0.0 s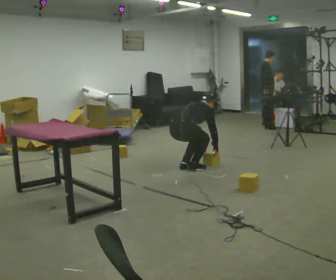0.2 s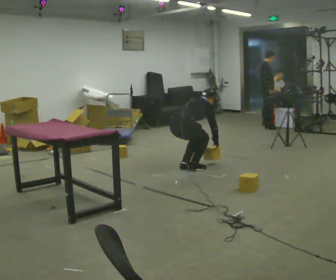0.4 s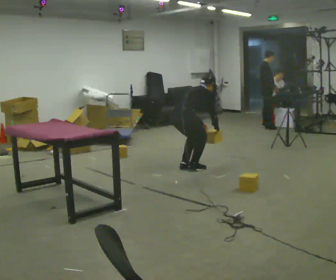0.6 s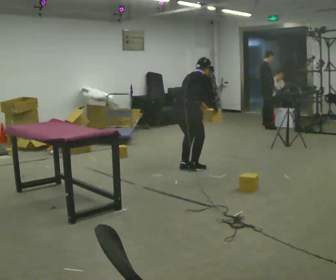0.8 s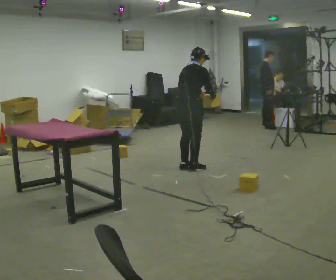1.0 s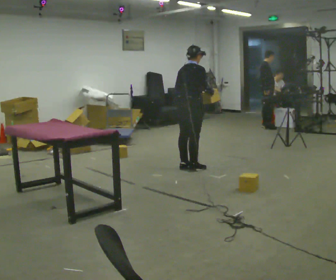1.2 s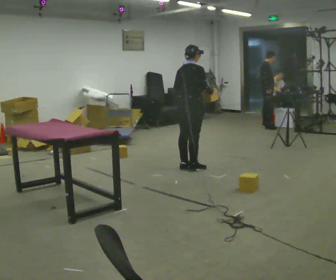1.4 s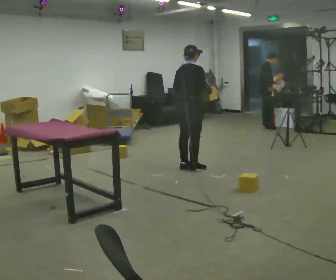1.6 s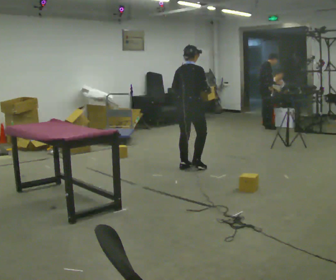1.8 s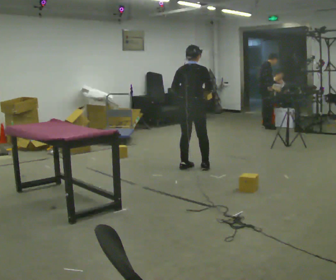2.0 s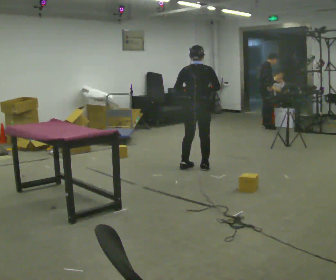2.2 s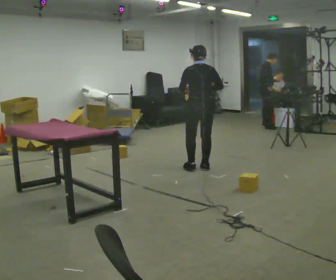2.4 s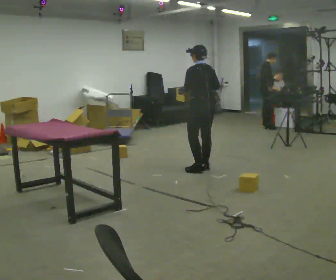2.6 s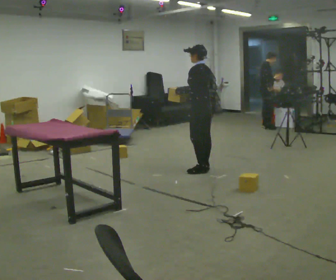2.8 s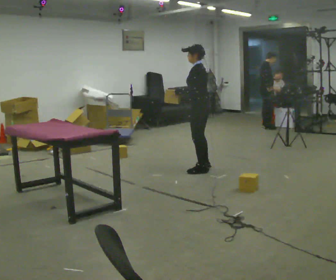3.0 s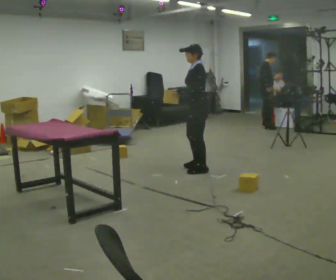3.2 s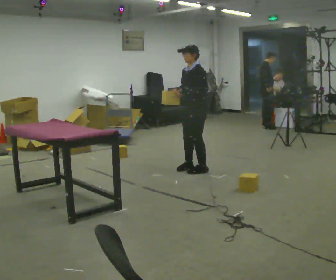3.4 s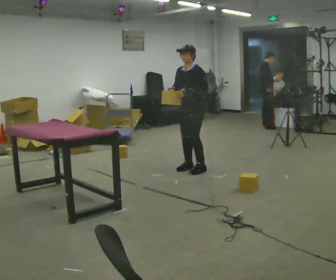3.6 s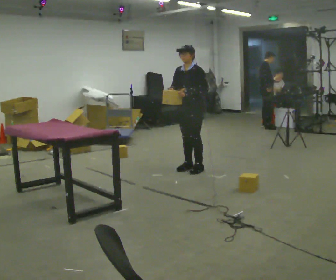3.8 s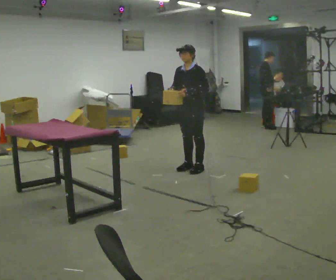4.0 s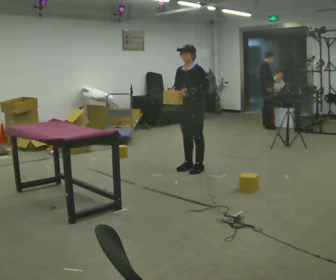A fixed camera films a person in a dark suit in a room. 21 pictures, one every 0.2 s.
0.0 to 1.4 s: The upper body goes upward. In the picture the upper body tilts counterclockwise, shoulders to the left, as they lean back or straighten. In the picture their left hand goes upward.
1.4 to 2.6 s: The person turns about 105 degrees to their left, counterclockwise seen from above, so the part of the body nearest the lens slides to the right. In the picture they go to the right and toward the camera, about 0.25 m in 2 steps.
2.6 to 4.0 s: The person turns about 75 degrees to their left, counterclockwise seen from above, so the part of the body nearest the lens slides to the right.
The film runs forward here.
